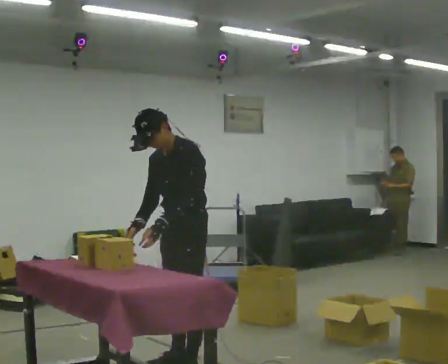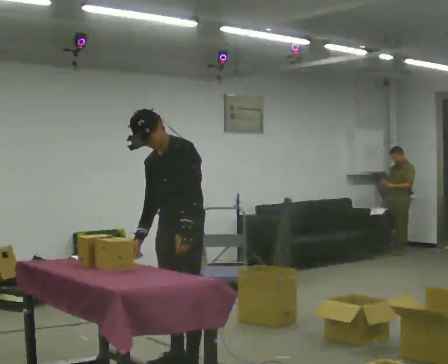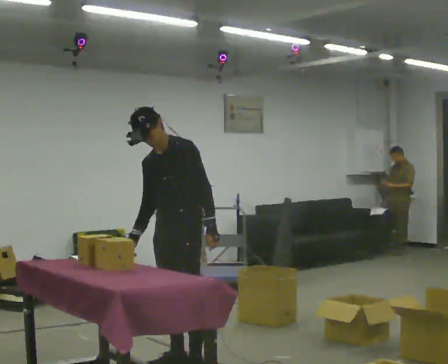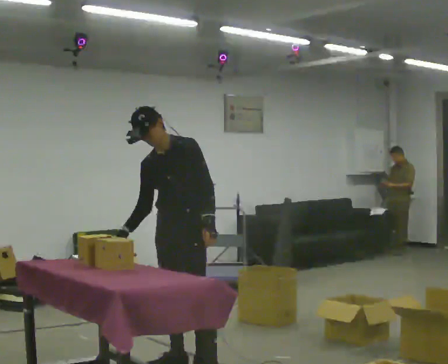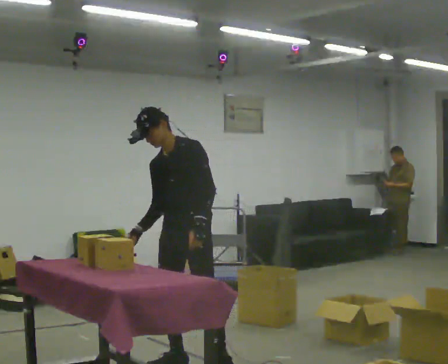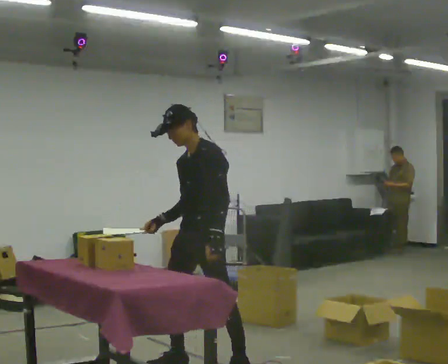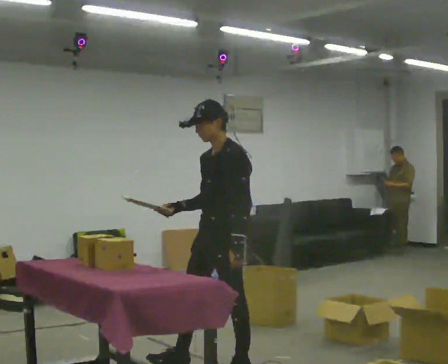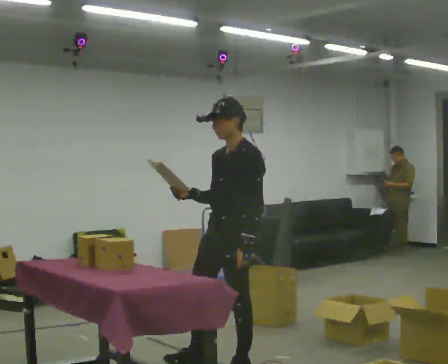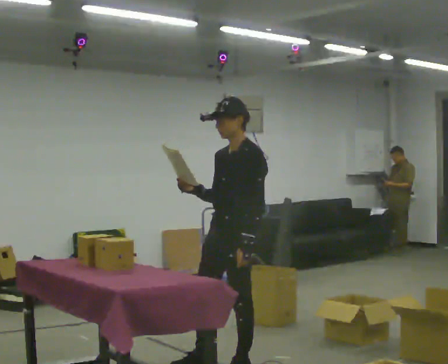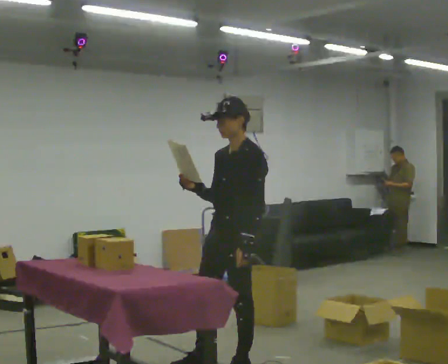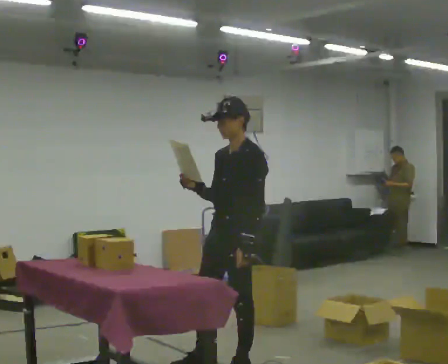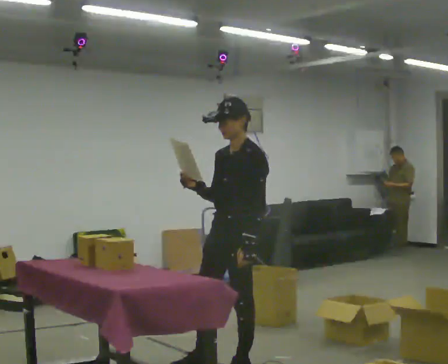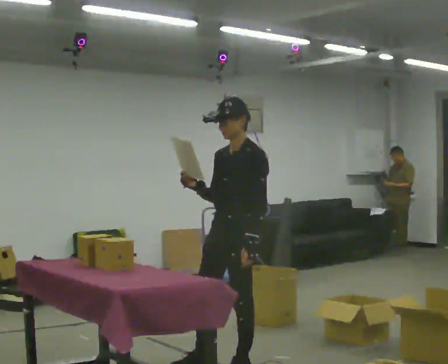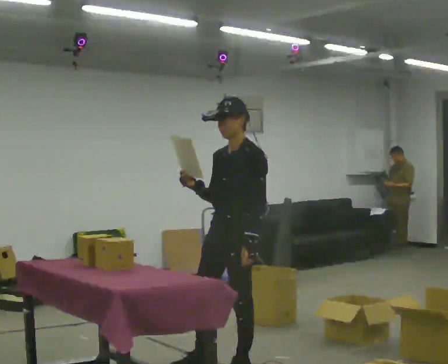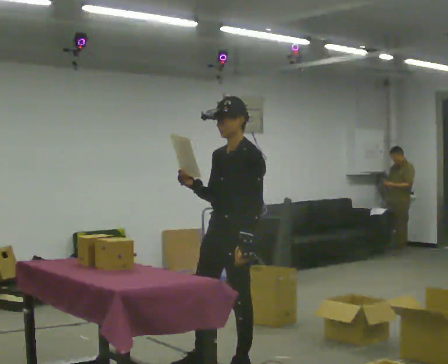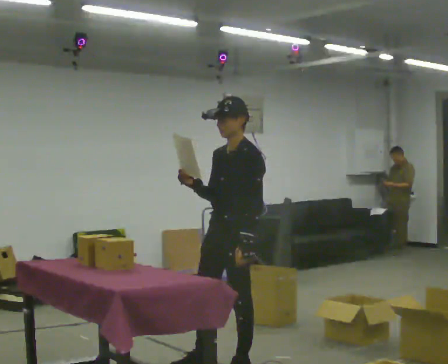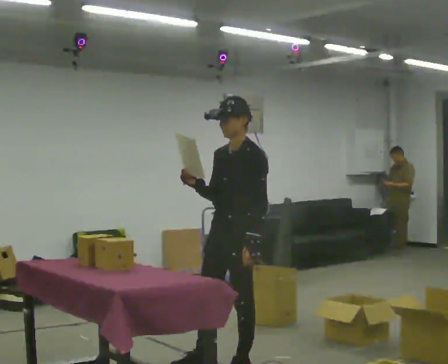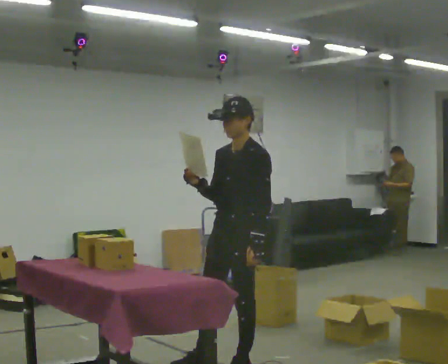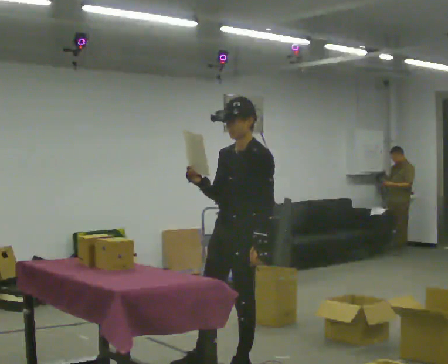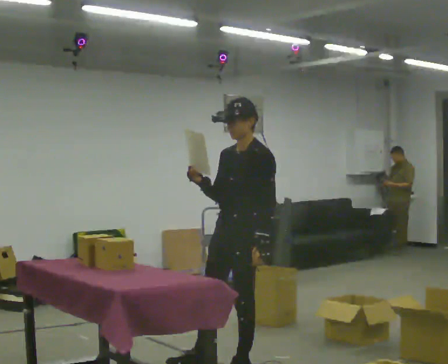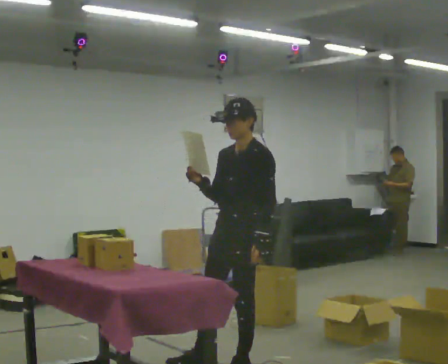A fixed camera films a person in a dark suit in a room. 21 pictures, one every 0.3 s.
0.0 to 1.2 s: The person moves a little, or ends about where they began.
1.2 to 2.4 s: The person turns about 30 degrees to their right, clockwise seen from above, so the part of the body nearest the lens slides to the left. In the picture they go to the right, about 0.25 m, which for them is to their left and backward. In the picture the upper body tilts clockwise, shoulders to the right. In the picture their right hand goes upward.
2.4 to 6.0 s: The person moves a little, or ends about where they began.
The film runs backward here.
